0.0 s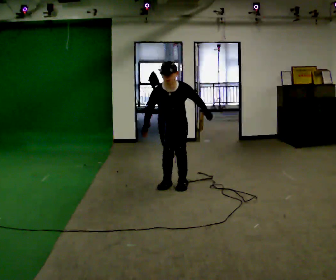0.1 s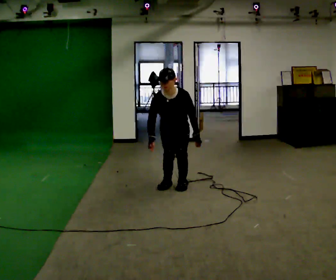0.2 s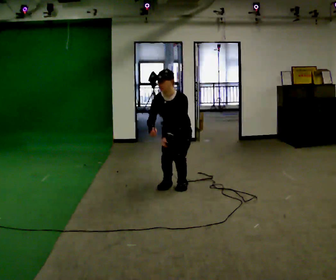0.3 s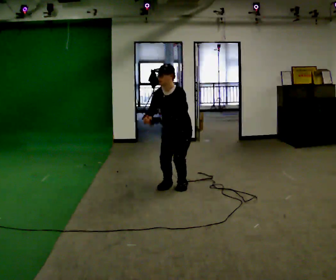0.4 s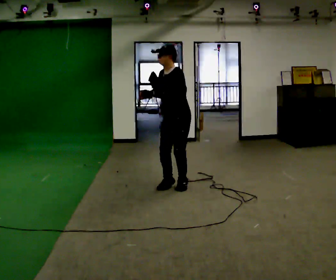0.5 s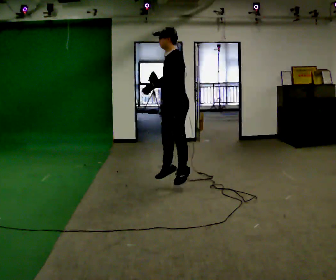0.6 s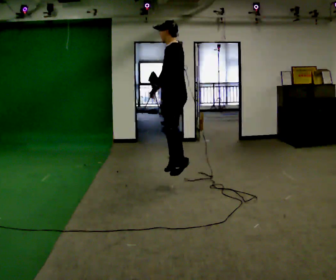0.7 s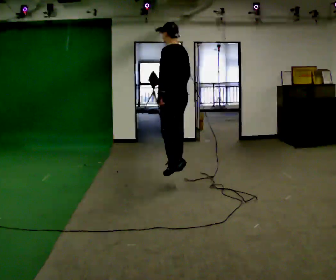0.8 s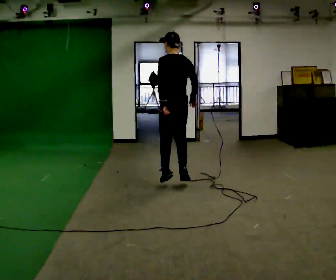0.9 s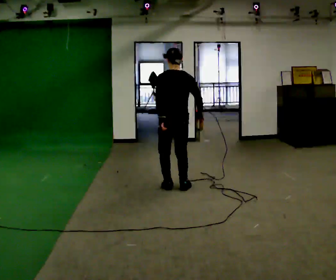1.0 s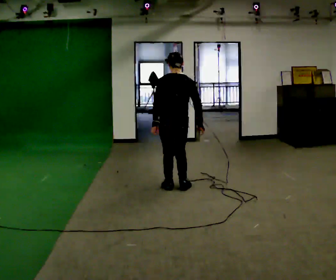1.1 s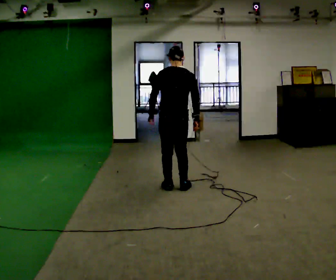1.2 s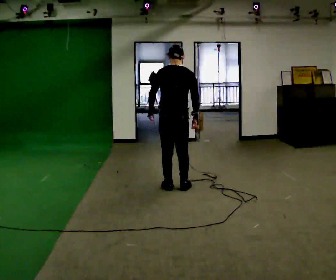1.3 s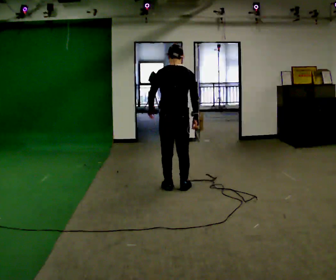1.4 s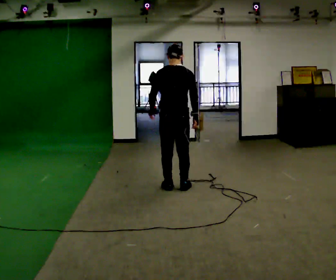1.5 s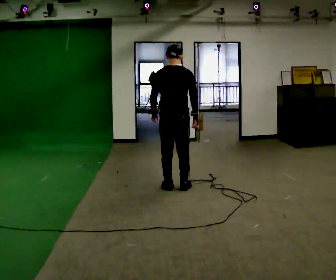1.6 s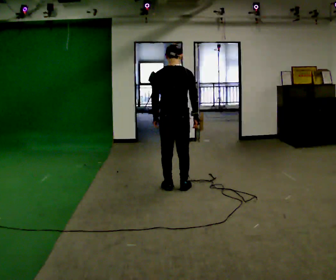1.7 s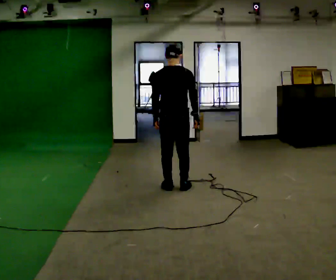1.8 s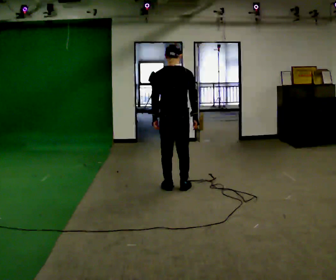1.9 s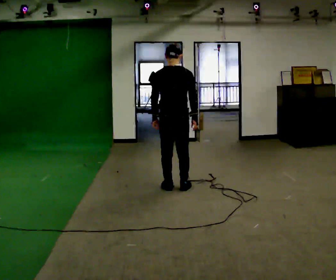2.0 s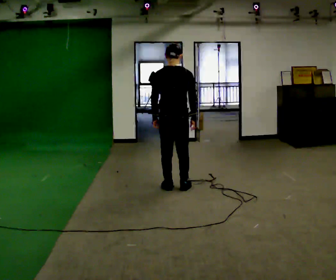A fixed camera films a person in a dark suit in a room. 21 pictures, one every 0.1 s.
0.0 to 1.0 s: The person turns about 180 degrees to their right, clockwise seen from above, so the part of the body nearest the lens slides to the left. In the picture they go toward the camera, about 0.25 m in 2 steps. The upper body tips away from the camera, its near side rolling upward, as they lean back or straighten. In the picture their left hand goes to the left.
1.0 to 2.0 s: The person moves a little, or ends about where they began.
The film runs forward here.
